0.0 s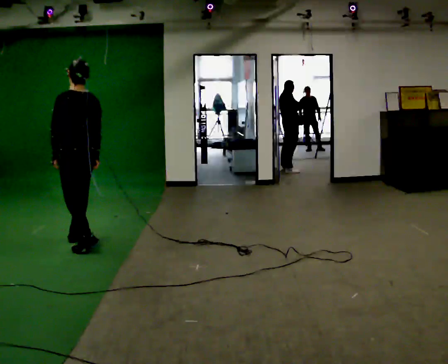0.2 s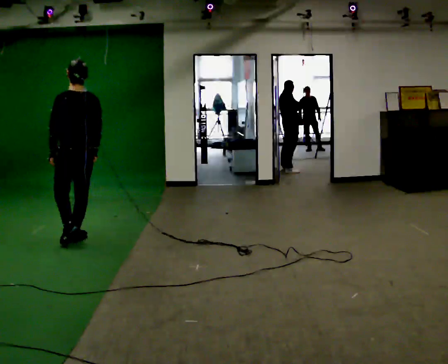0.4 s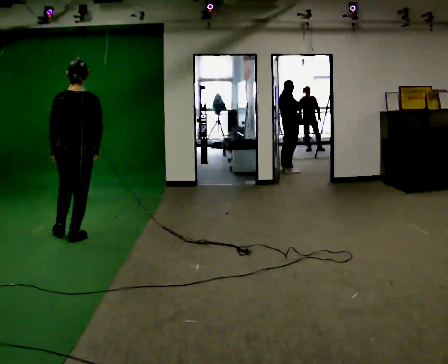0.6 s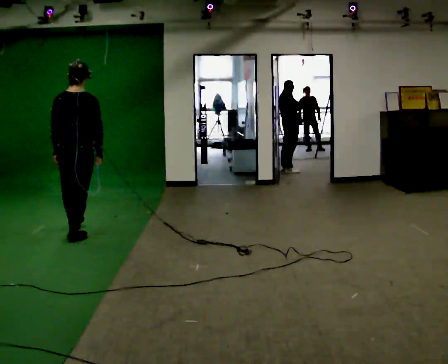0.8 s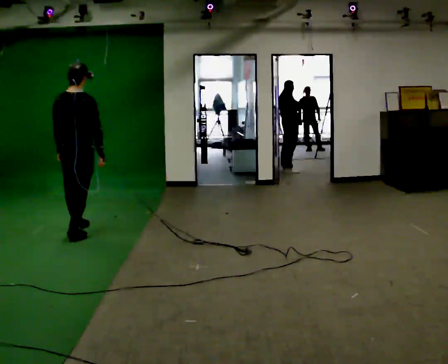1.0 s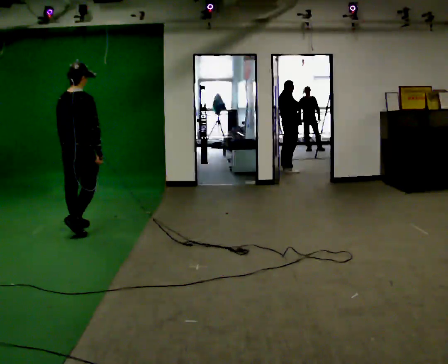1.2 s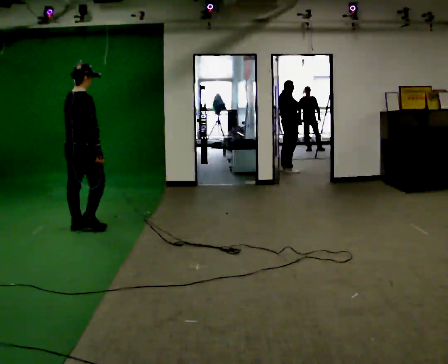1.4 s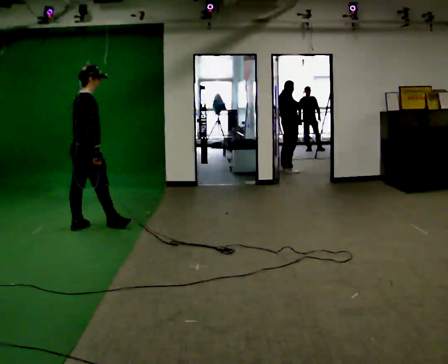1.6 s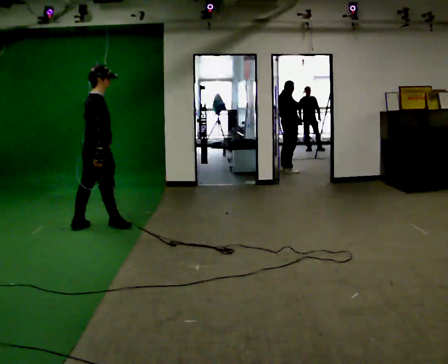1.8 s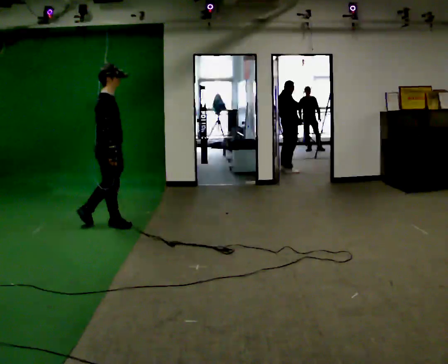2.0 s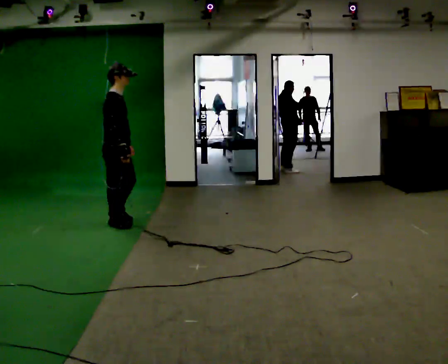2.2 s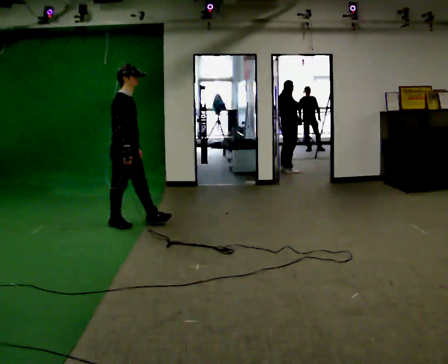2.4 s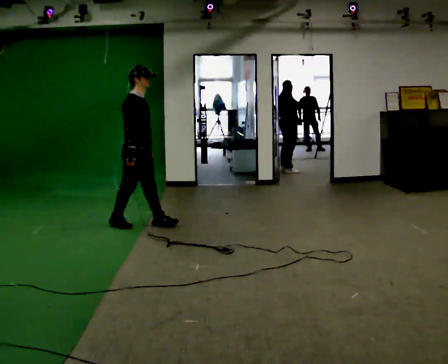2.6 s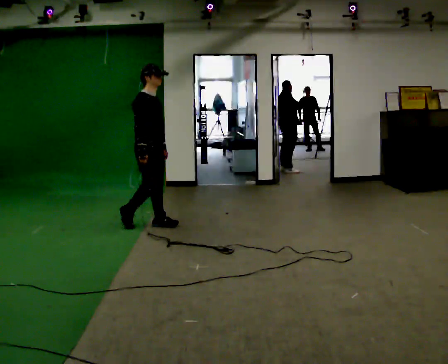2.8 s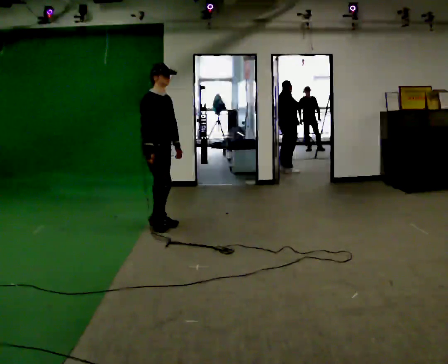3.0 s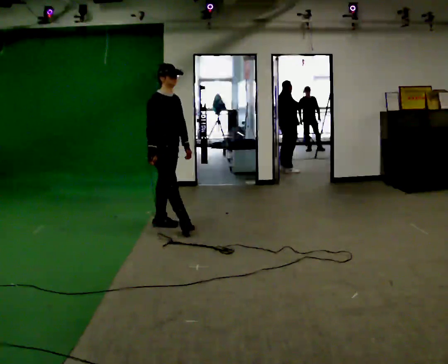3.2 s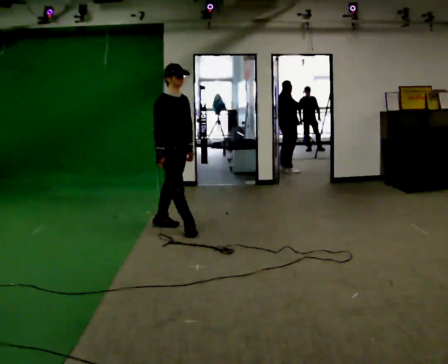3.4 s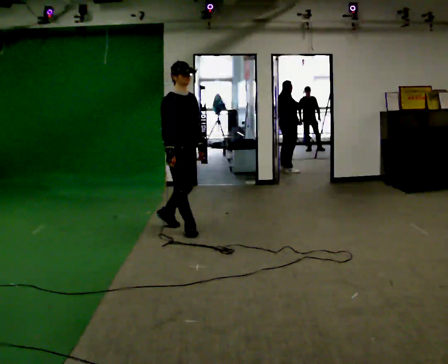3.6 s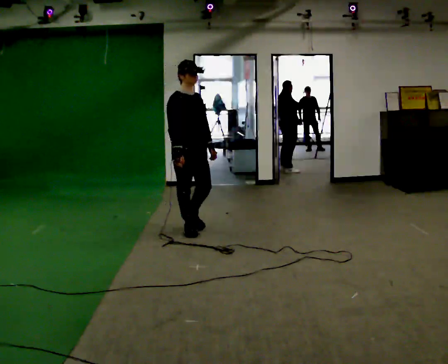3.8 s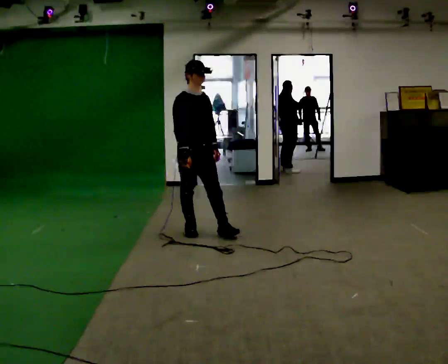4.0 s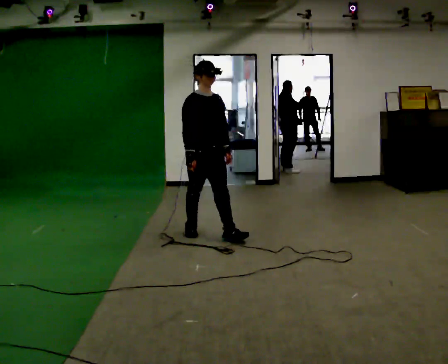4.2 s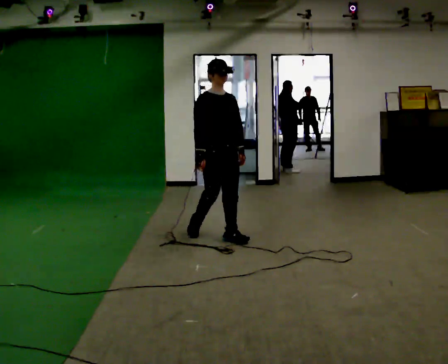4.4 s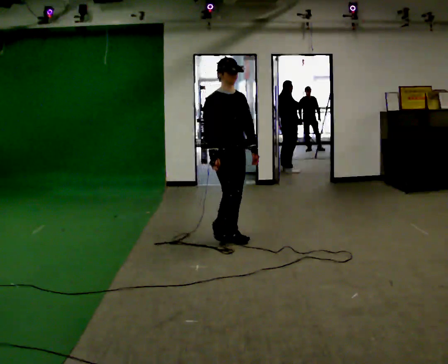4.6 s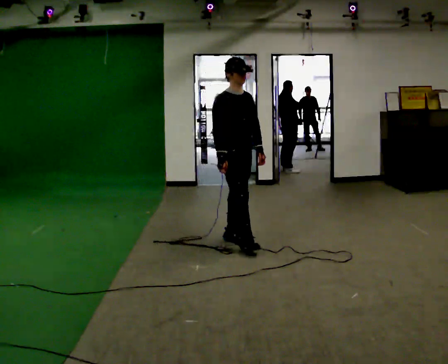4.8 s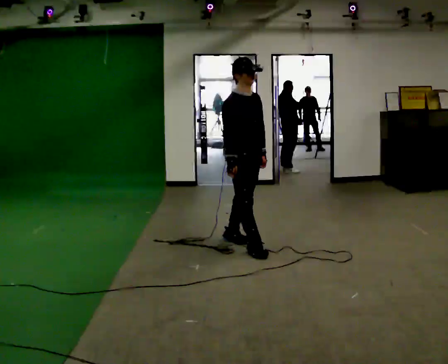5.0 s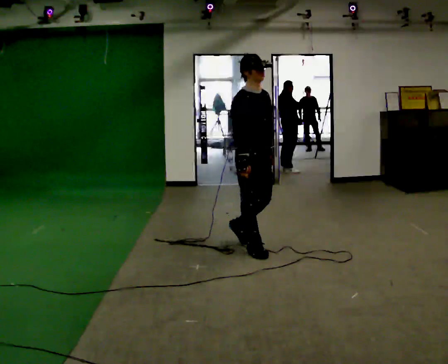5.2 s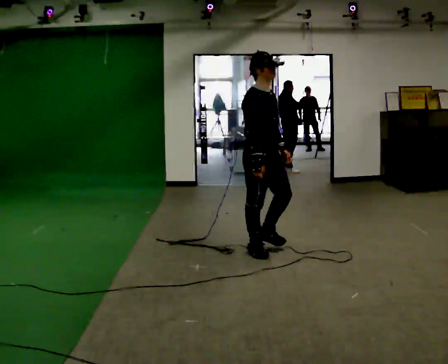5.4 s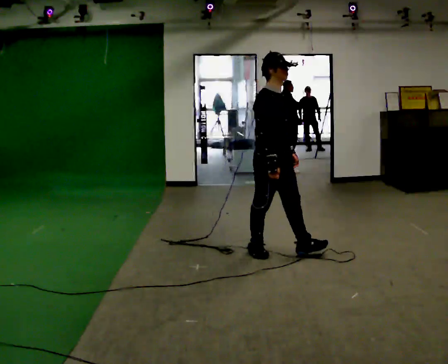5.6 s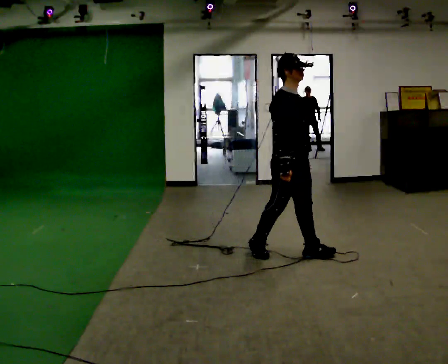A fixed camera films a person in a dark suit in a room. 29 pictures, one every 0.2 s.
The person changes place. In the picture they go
to the right.
The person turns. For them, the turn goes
to their right.
0.0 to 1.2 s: The person turns about 90 degrees to their right, clockwise seen from above, so the part of the body nearest the lens slides to the left. In the picture they go away from the camera, about 0.5 m in 1 step.
1.2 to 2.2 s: The person turns about 45 degrees to their right, clockwise seen from above, so the part of the body nearest the lens slides to the left. In the picture they go to the right, about 0.5 m in 1 step, which for them is forward.
2.2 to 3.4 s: The person turns about 30 degrees to their right, clockwise seen from above, so the part of the body nearest the lens slides to the left. In the picture they go to the right, about 0.5 m in 2 steps, which for them is forward.
3.4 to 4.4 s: In the picture they go to the right and toward the camera, about 0.5 m in 1 step, which for them is forward.
4.4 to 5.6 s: In the picture they go toward the camera and to the right, about 0.5 m in 2 steps, which for them is forward.
The film runs forward here.
